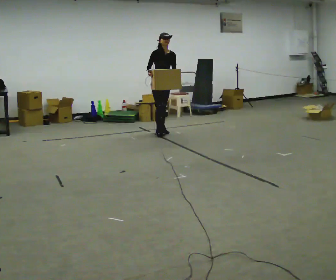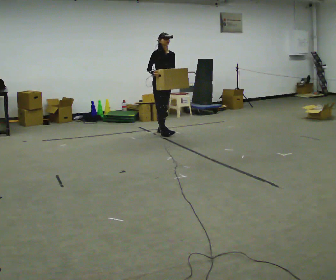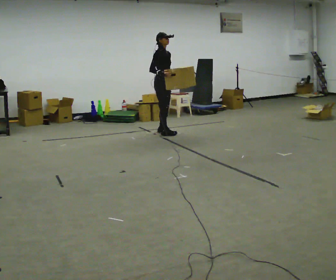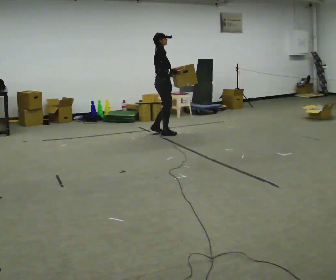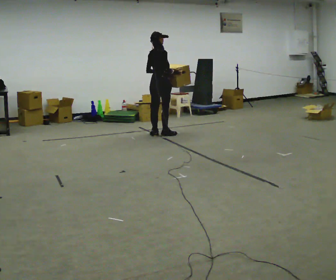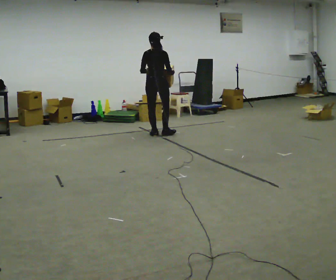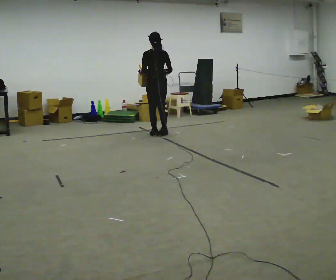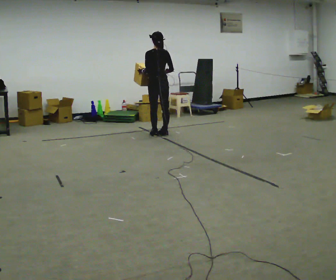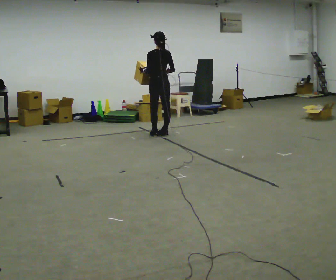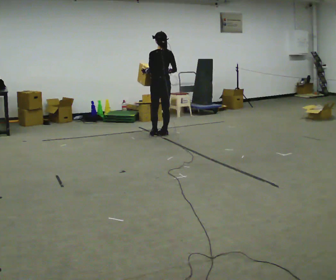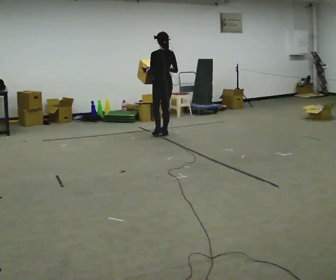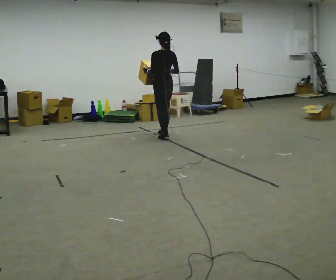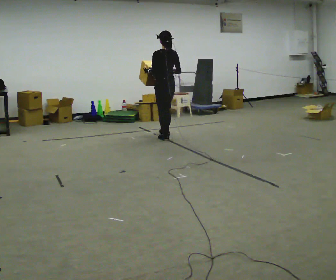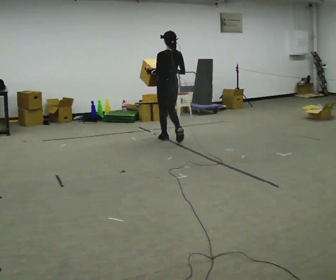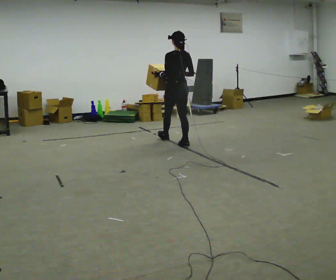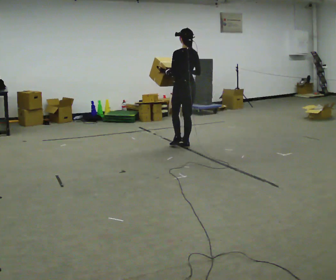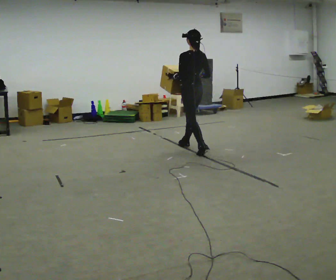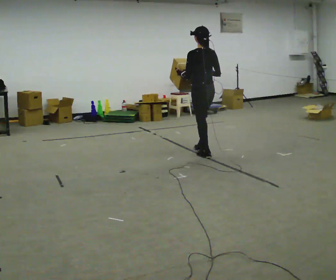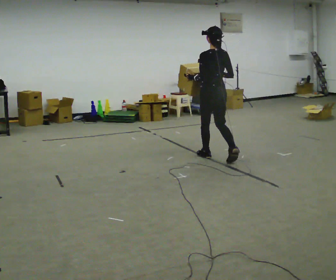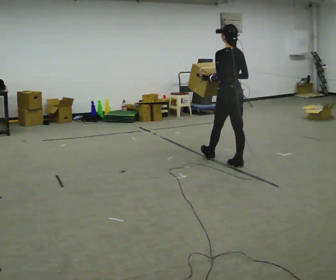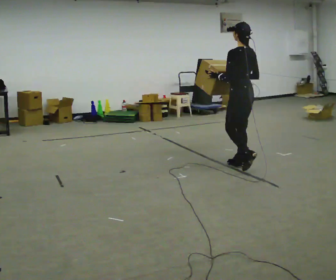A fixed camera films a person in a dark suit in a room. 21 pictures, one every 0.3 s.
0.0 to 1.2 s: The person turns about 120 degrees to their left, counterclockwise seen from above, so the part of the body nearest the lens slides to the right. In the picture they go toward the camera, about 0.25 m in 1 step. In the picture their right hand goes to the right.
1.2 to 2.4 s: Seen from above the body turns counterclockwise, about 75 degrees: to their left, with its near side sliding to the right.
2.4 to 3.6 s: In the picture they go toward the camera, about 0.25 m in 2 steps, which for them is backward.
3.6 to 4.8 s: In the picture they go toward the camera and to the right, about 0.5 m in 1 step, which for them is backward.
4.8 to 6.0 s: In the picture they go toward the camera and to the right, about 1 m in 2 steps, which for them is backward.
The film runs backward here.
